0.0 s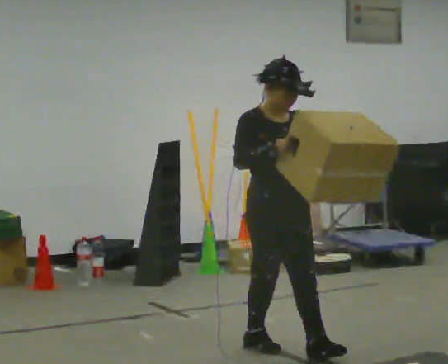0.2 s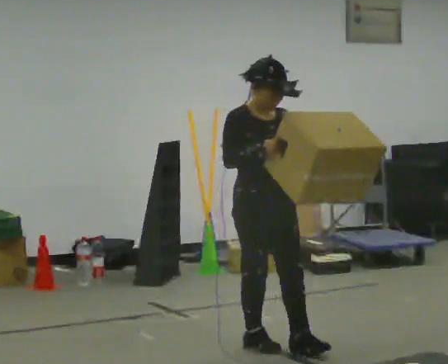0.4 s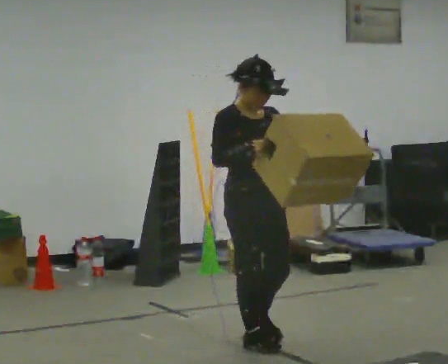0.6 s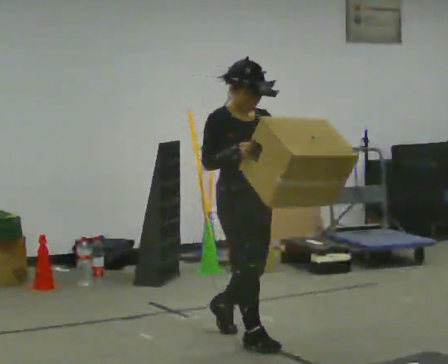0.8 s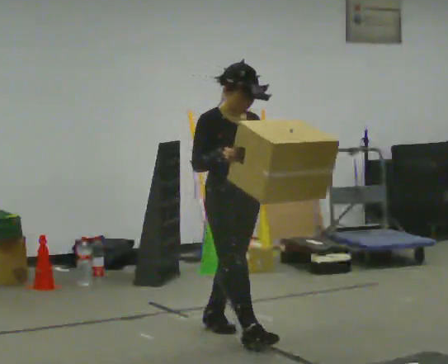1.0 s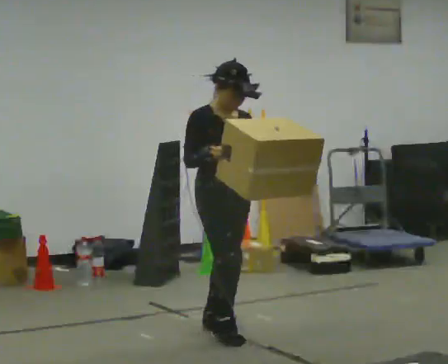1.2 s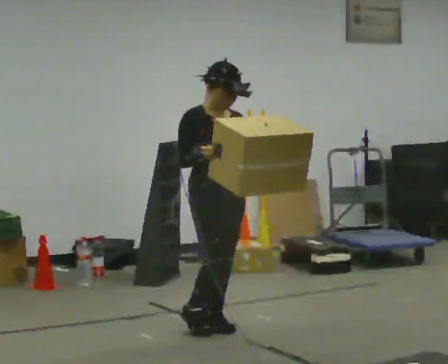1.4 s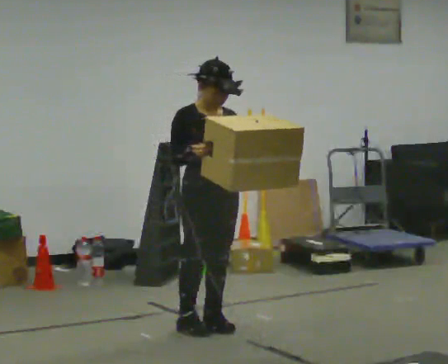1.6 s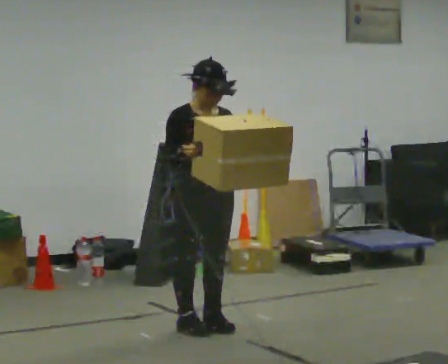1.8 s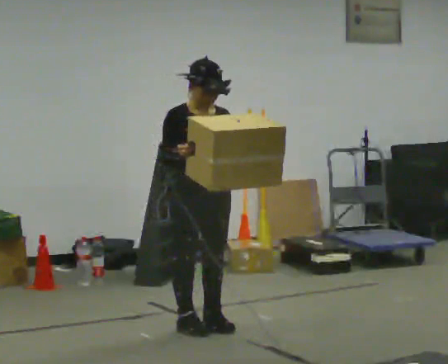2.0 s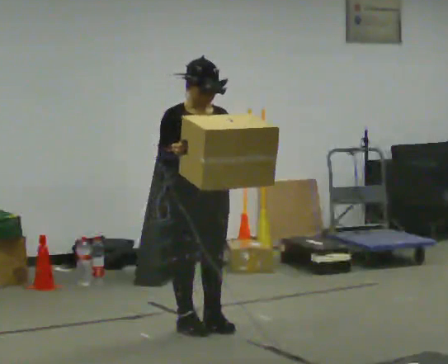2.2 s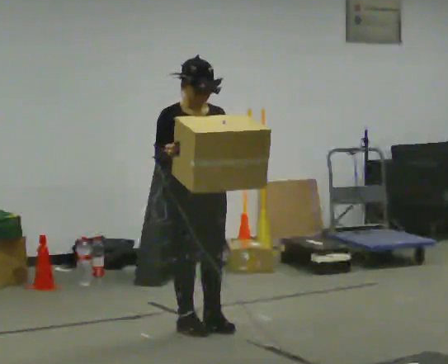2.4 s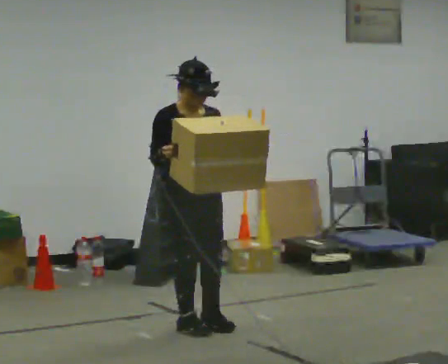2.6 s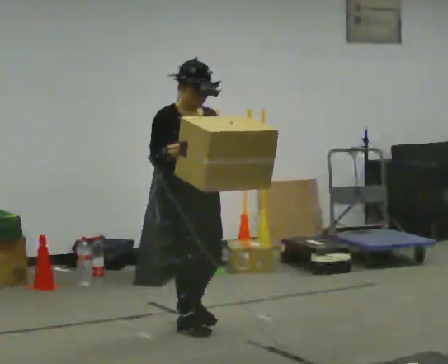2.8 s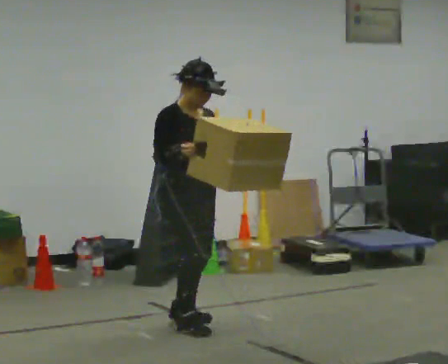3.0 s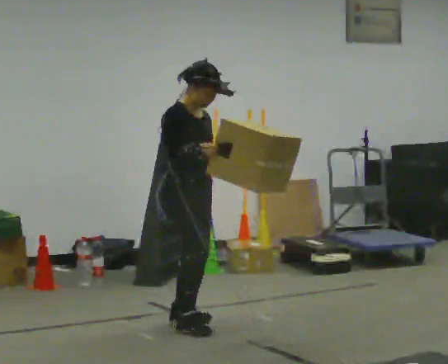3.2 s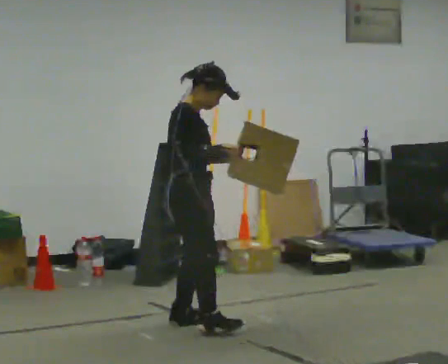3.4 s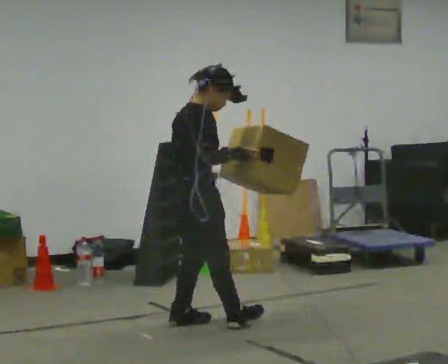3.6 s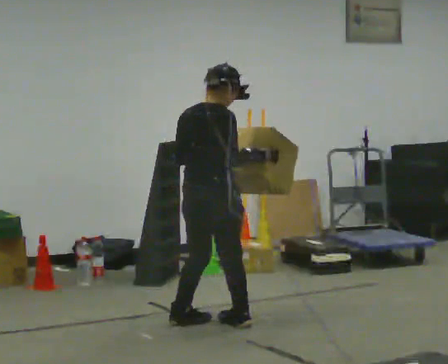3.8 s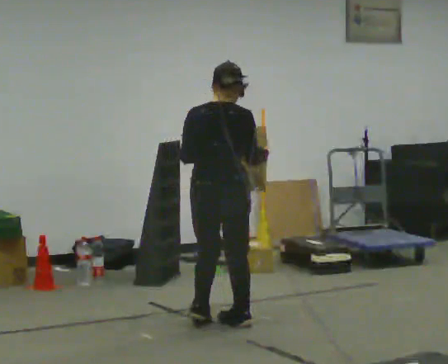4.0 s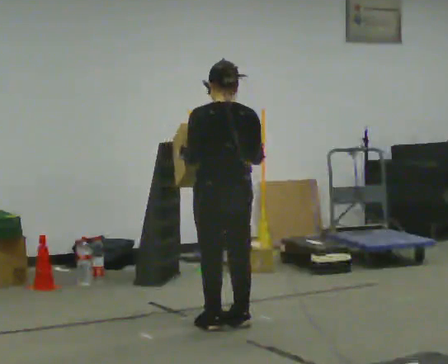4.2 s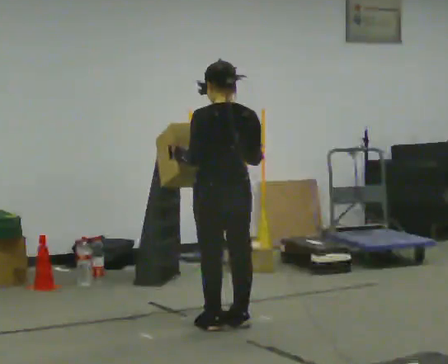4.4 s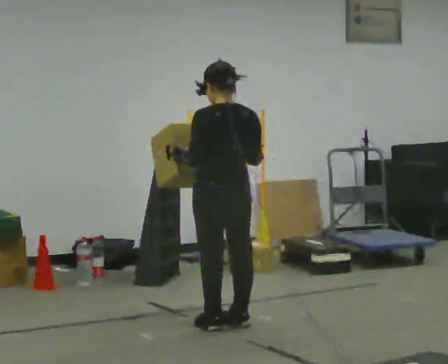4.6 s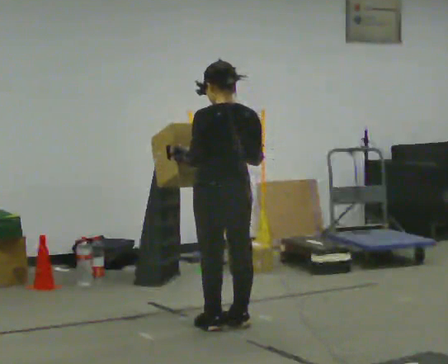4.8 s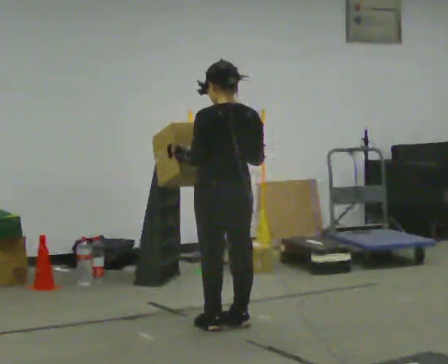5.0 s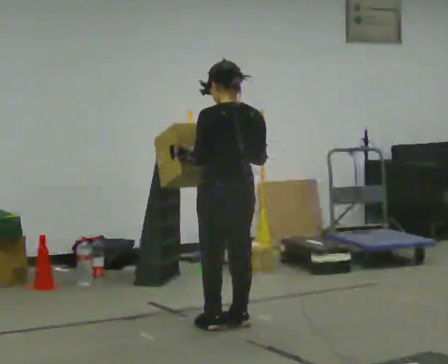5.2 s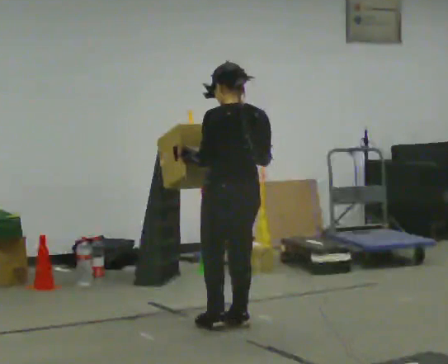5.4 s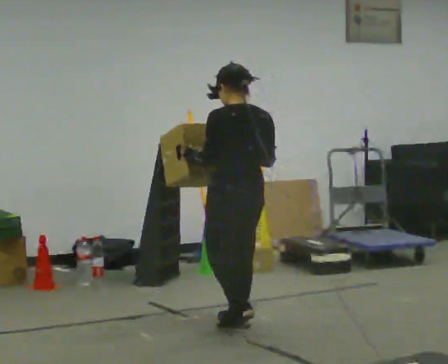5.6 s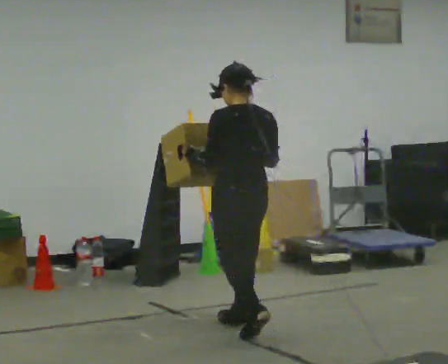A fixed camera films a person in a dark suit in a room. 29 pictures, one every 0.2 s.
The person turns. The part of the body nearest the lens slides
to the right.
The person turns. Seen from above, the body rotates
counterclockwise.
0.0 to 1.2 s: In the picture they go away from the camera and to the left, about 0.5 m in 2 steps, which for them is backward.
1.2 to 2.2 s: The person moves a little, or ends about where they began.
2.2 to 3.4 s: The person turns about 90 degrees to their left, counterclockwise seen from above, so the part of the body nearest the lens slides to the right. In the picture their right hand goes to the right.
3.4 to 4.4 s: The part of the body nearest the lens slides to the right as the person turns to their left by about 90 degrees. In the picture they go to the right, about 0.25 m in 1 step.
4.4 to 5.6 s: The person moves a little, or ends about where they began.
The film runs backward here.
